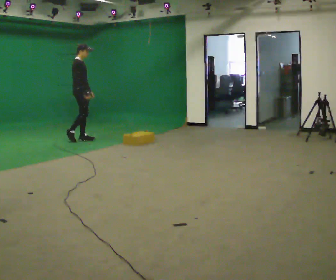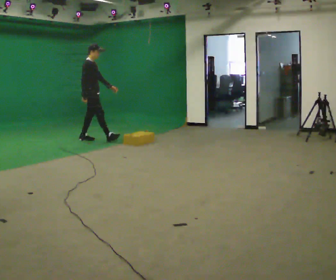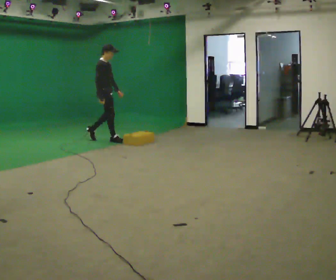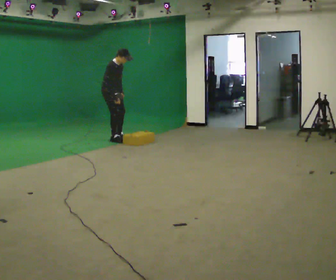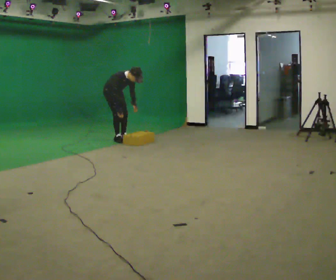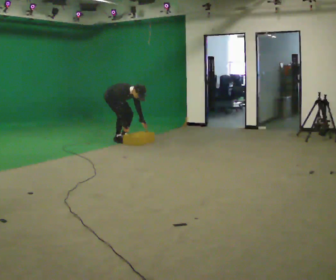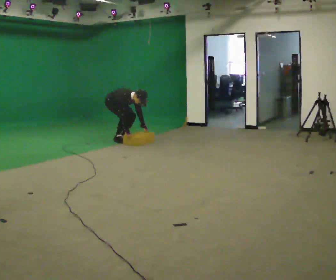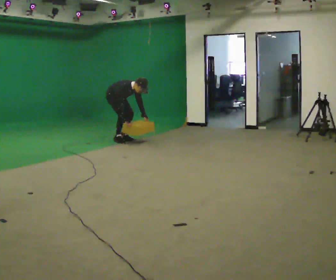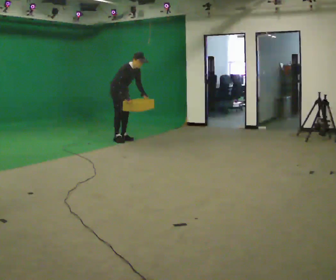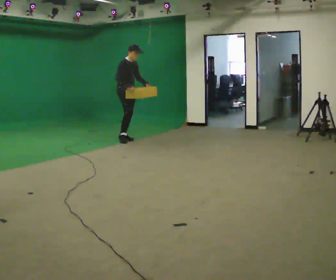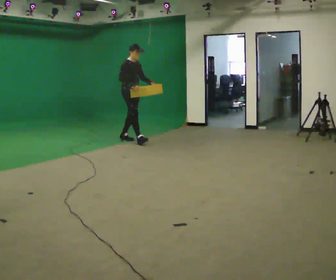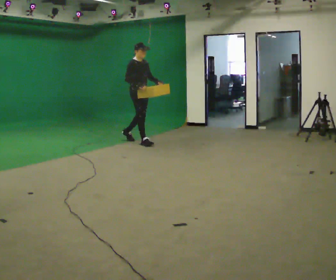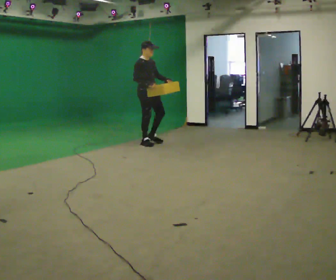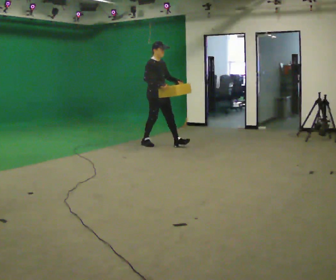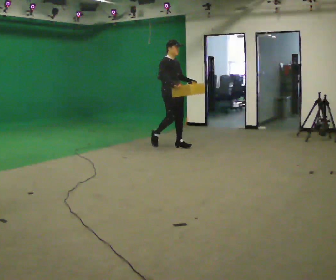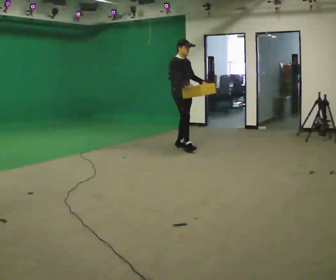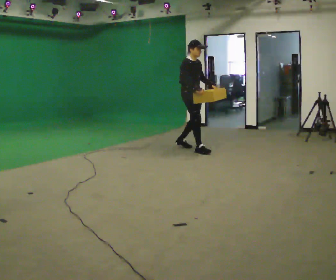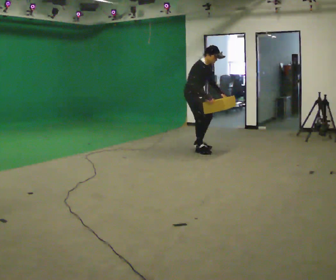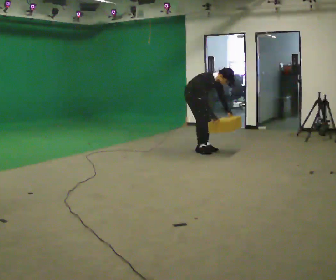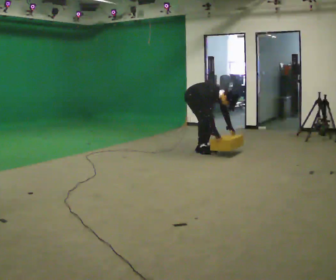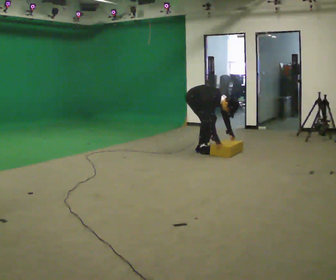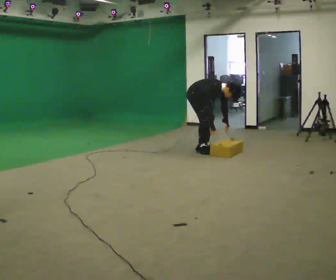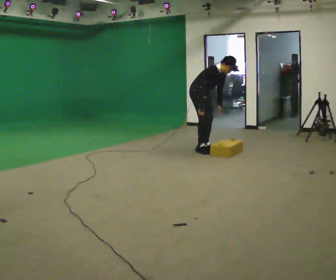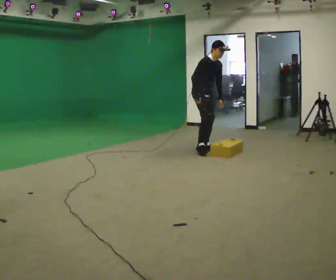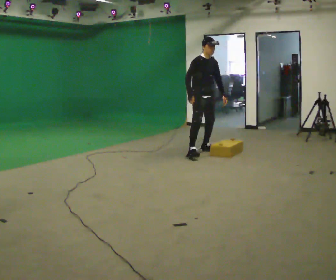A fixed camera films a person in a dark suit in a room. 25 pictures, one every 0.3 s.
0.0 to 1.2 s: Seen from above the body turns clockwise, about 30 degrees: to their right, with its near side sliding to the left. In the picture they go to the right, about 0.5 m in 2 steps, which for them is forward. The upper body goes downward. In the picture the upper body tilts clockwise, shoulders to the right, as they bend forward. In the picture their right hand goes downward.
1.2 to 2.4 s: The person moves a little, or ends about where they began.
2.4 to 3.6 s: In the picture they go to the right and toward the camera, about 0.75 m in 1 step, which for them is forward. In the picture the upper body tilts counterclockwise, shoulders to the left, as they lean back or straighten.
3.6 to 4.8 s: In the picture they go to the right and toward the camera, about 1 m in 2 steps, which for them is forward.
4.8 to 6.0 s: The upper body goes downward. In the picture the upper body tilts clockwise, shoulders to the right, as they bend forward. In the picture their right hand goes downward.
6.0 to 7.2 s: In the picture they go toward the camera, about 0.25 m, which for them is forward and to their right. The shoulders move upward. In the picture the upper body tilts counterclockwise, shoulders to the left, as they lean back or straighten. In the picture their left hand goes upward.
The film runs forward here.
